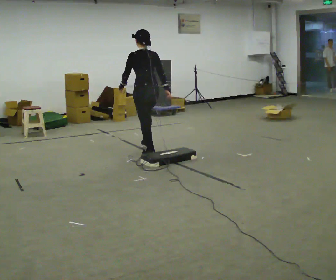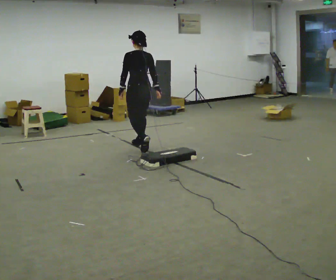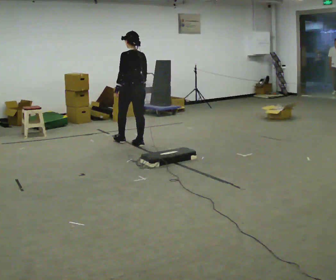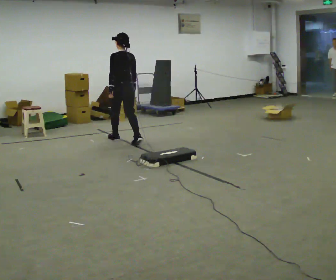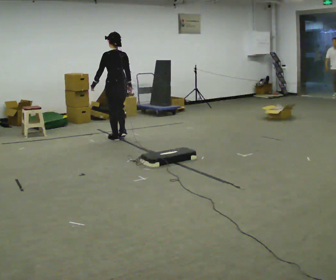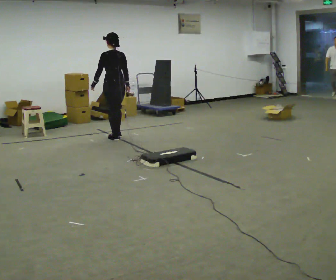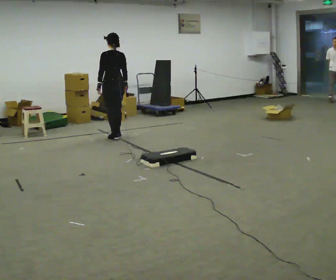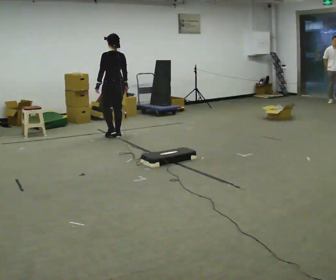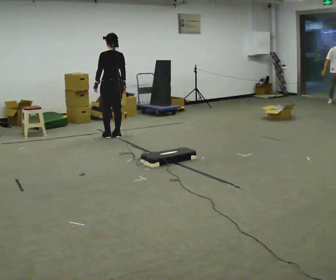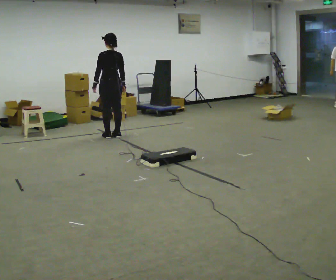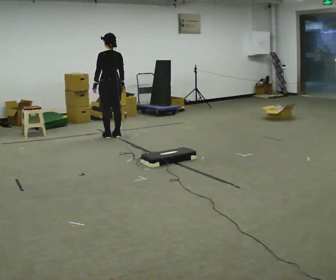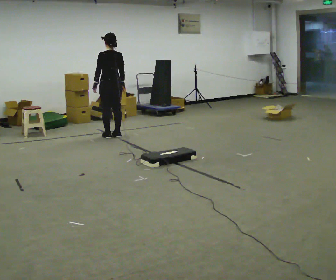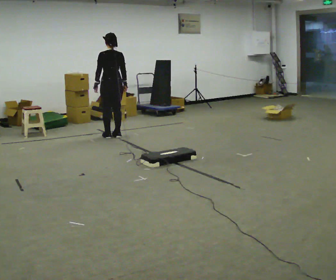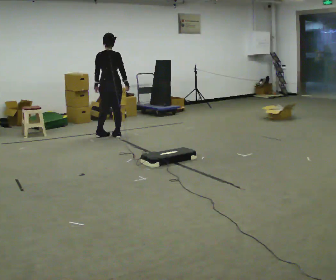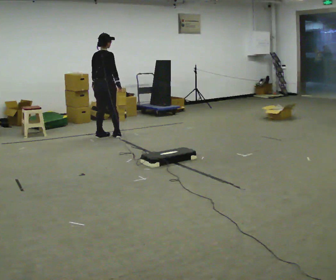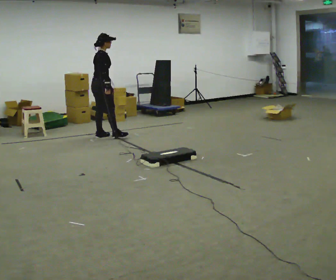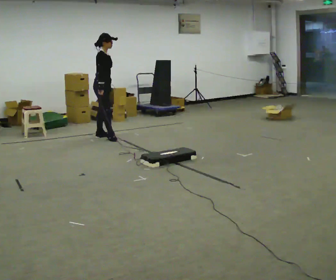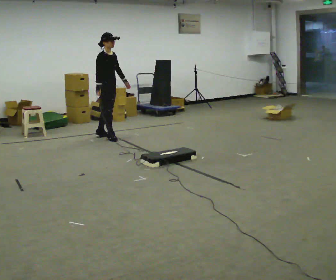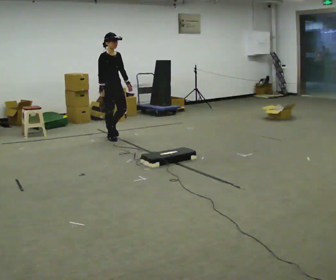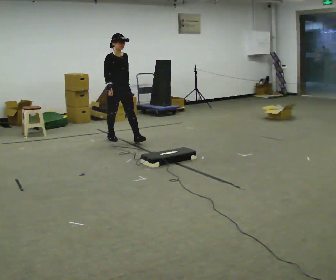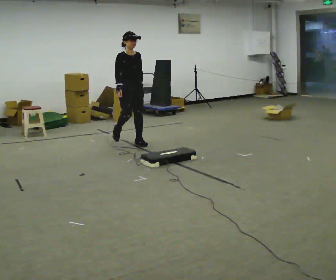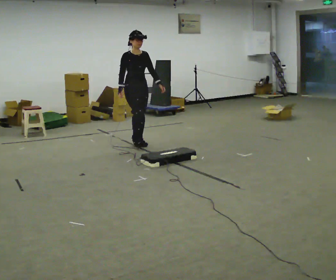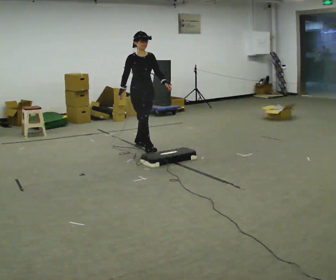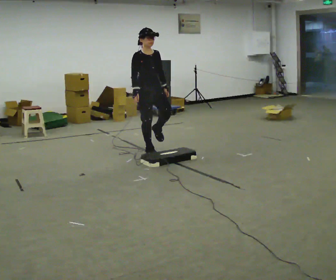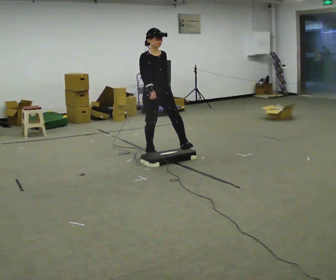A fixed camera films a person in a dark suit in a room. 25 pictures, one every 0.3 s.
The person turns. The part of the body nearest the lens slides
to the left.
The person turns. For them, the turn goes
to their right.
0.0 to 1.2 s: In the picture they go away from the camera and to the left, about 1 m in 2 steps, which for them is forward.
1.2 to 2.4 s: In the picture they go away from the camera, about 0.25 m in 2 steps, which for them is forward.
2.4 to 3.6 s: The person moves a little, or ends about where they began.
3.6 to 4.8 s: The person turns about 105 degrees to their right, clockwise seen from above, so the part of the body nearest the lens slides to the left. In the picture they go to the left, about 0.25 m in 2 steps. In the picture their left hand goes to the right, the arm swinging counterclockwise.
4.8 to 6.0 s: The part of the body nearest the lens slides to the left as the person turns to their right by about 45 degrees. In the picture they go toward the camera and to the right, about 0.75 m in 1 step, which for them is forward.
6.0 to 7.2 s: In the picture they go toward the camera, about 1 m in 2 steps, which for them is forward.
The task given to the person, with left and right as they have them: Walk toward low obstacle; step over without stopping; continue.
The film runs forward here.
